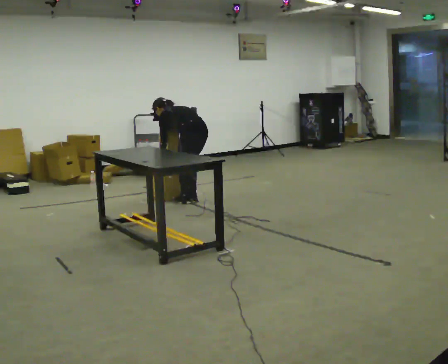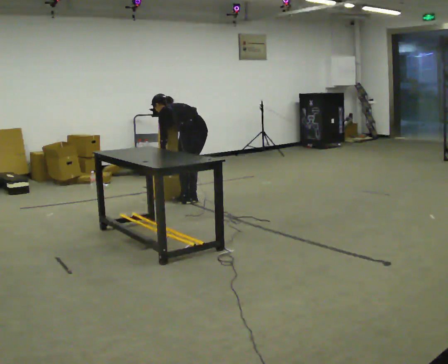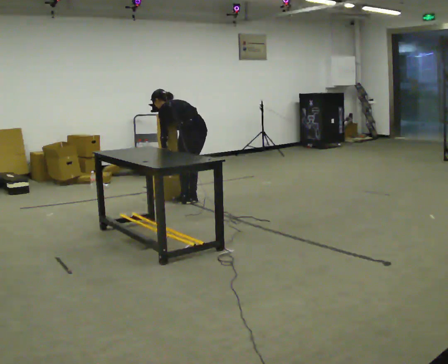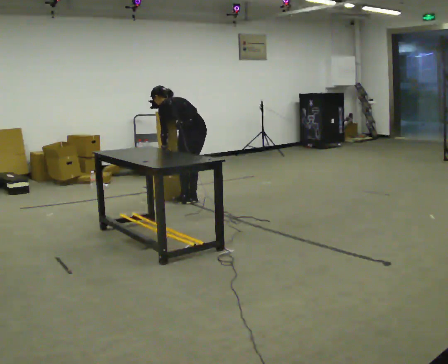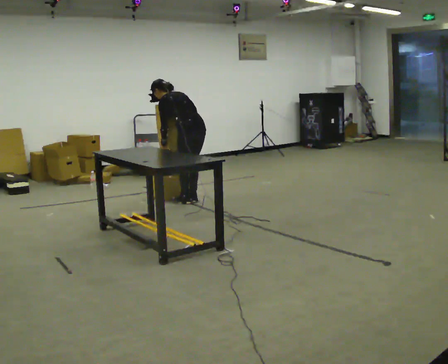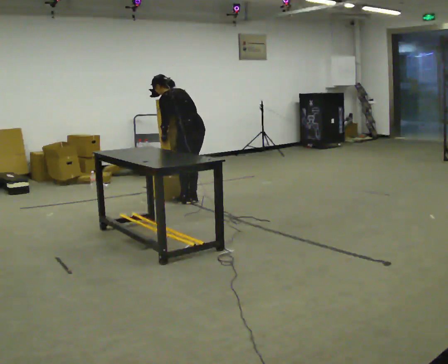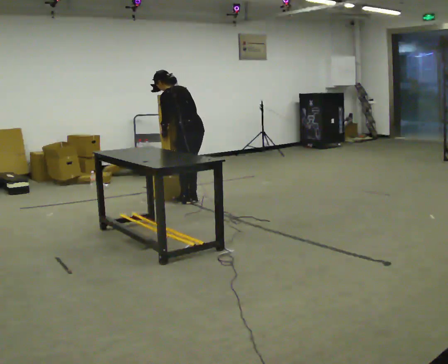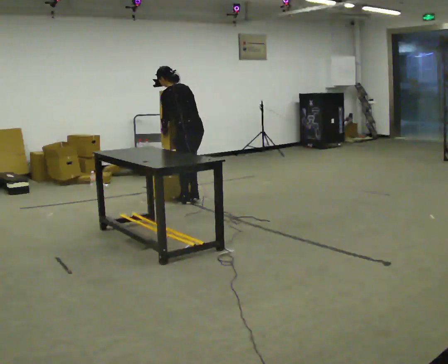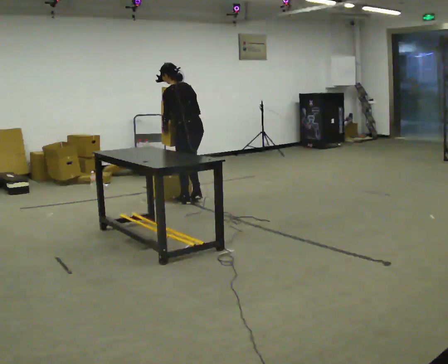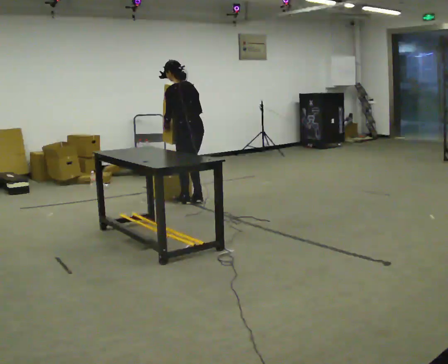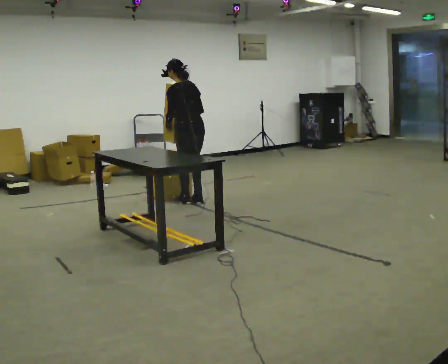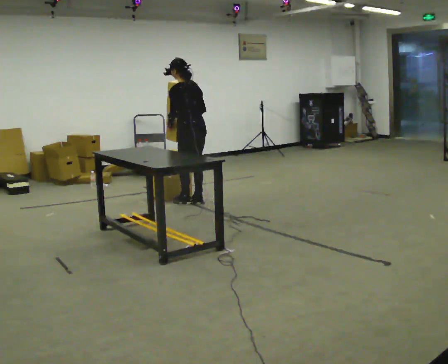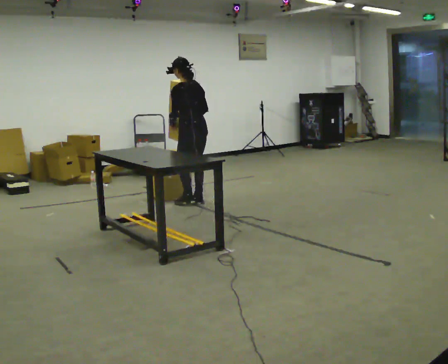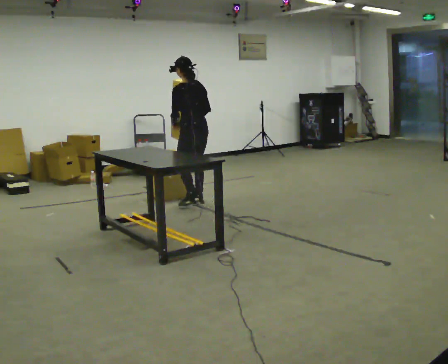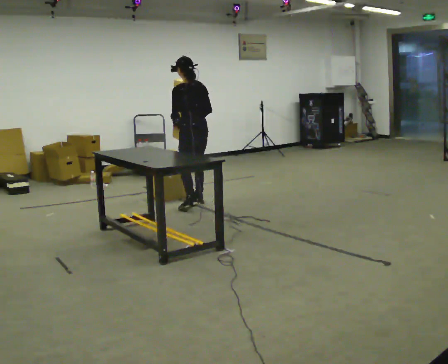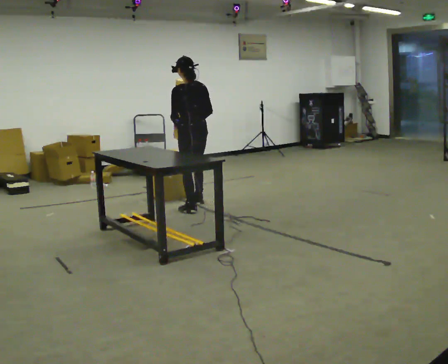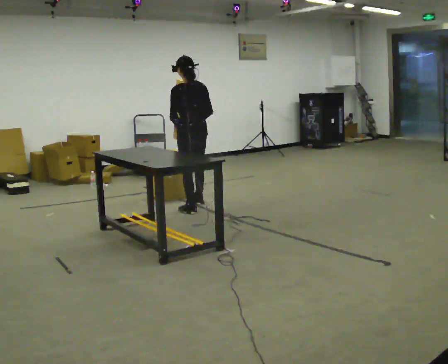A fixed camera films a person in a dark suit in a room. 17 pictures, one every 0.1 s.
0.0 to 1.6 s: In the picture they go toward the camera, about 0.25 m in 1 step, which for them is backward and to their left. The shoulders move upward. The upper body tips toward the camera, its near side rolling downward, as they lean back or straighten. In the picture their left hand goes upward.
The film runs backward here.
